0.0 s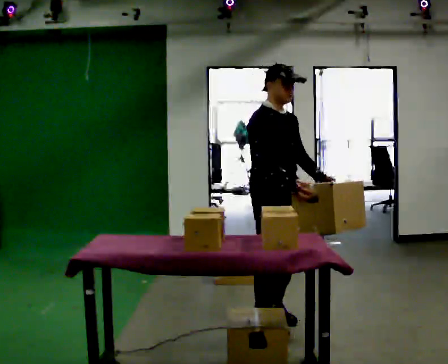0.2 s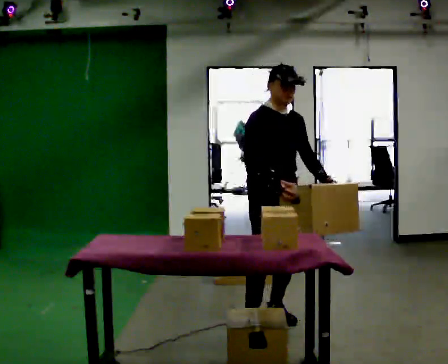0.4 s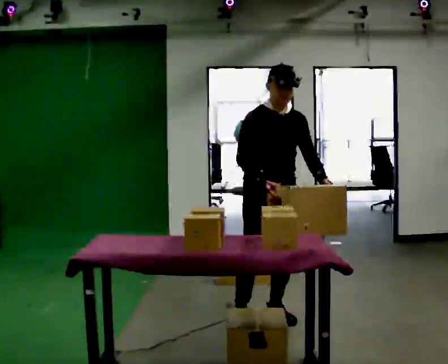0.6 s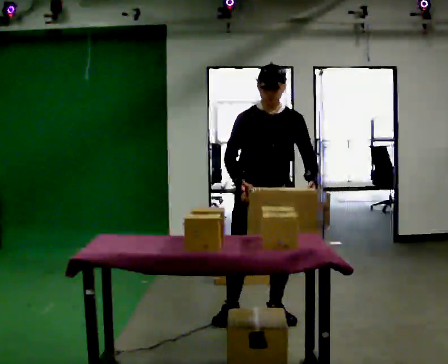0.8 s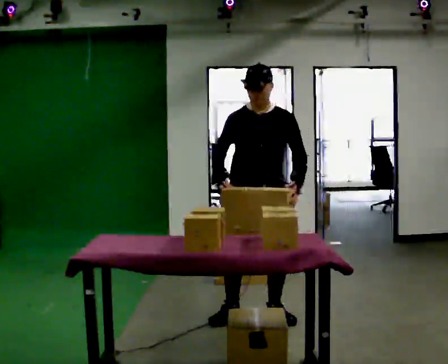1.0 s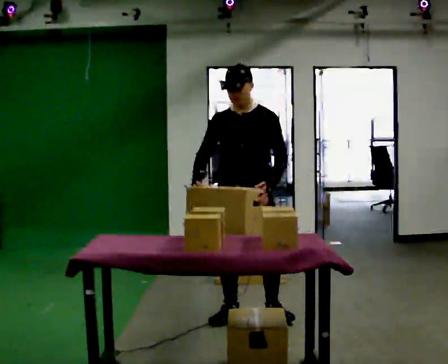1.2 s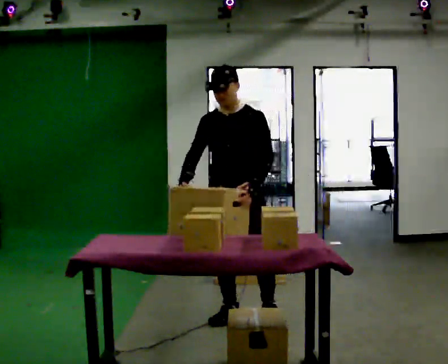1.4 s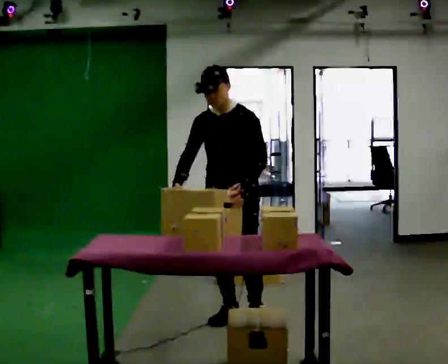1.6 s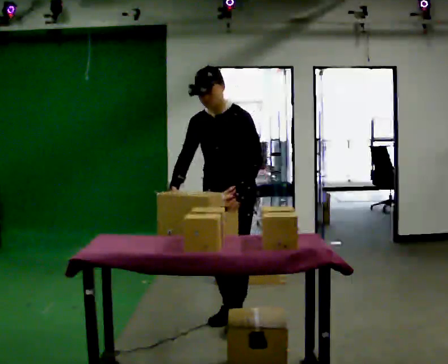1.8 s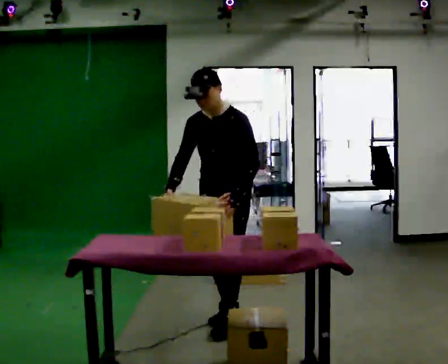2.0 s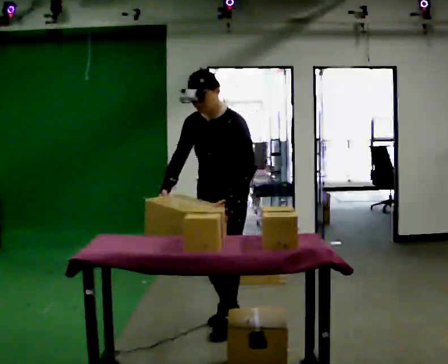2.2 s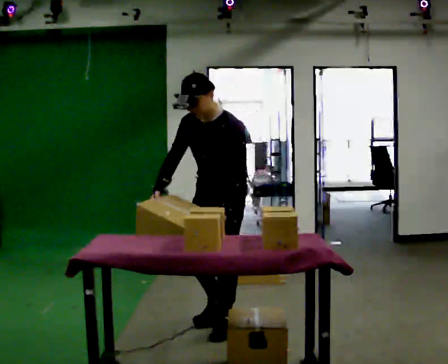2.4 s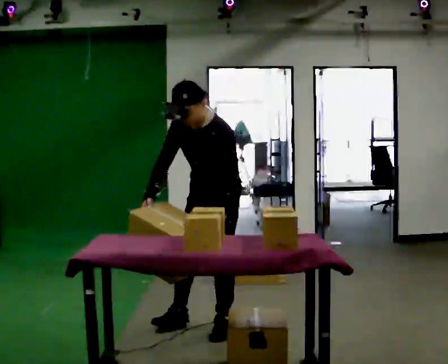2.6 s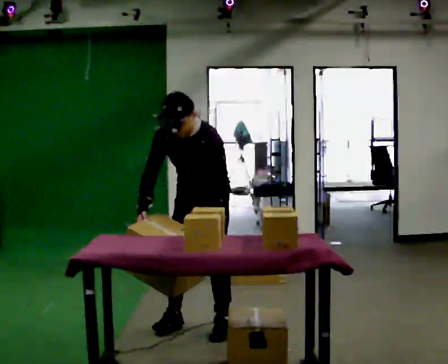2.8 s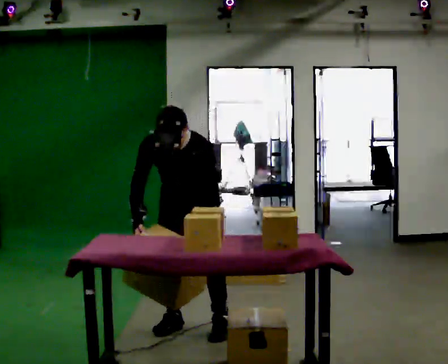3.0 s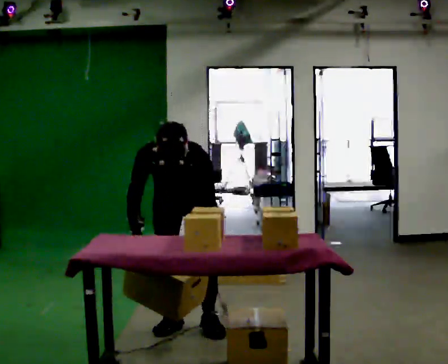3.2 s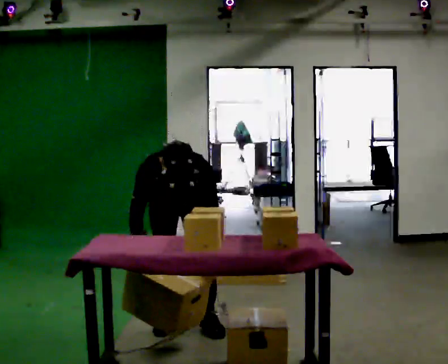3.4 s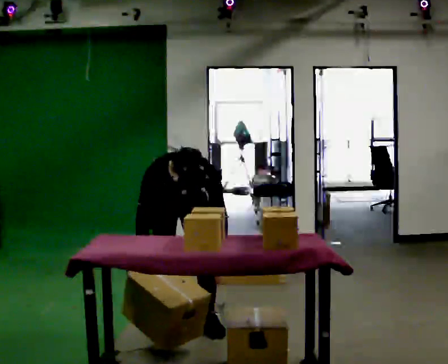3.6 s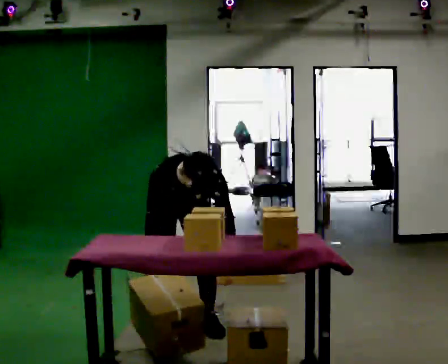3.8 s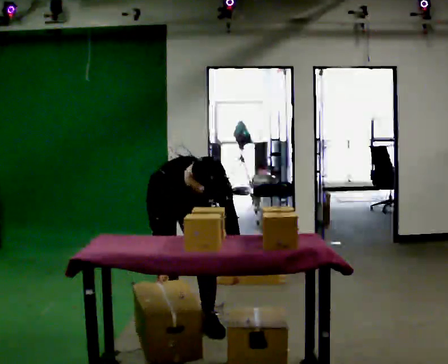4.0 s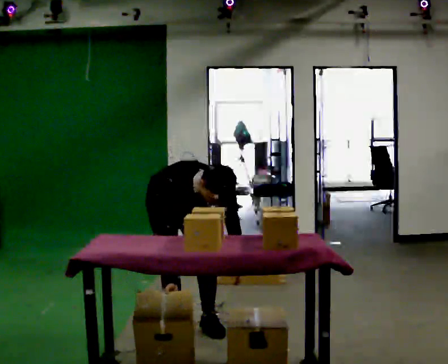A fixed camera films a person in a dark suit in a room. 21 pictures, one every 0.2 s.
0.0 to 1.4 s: The part of the body nearest the lens slides to the left as the person turns to their right by about 75 degrees. In the picture they go to the left, about 0.25 m in 1 step.
1.4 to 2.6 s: In the picture they go to the left, about 0.25 m in 2 steps, which for them is forward. The upper body tips toward the camera, its near side rolling downward, as they bend forward.
2.6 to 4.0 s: The part of the body nearest the lens slides to the right as the person turns to their left by about 60 degrees. In the picture they go to the left, about 0.25 m, which for them is to their right. The upper body goes downward. In the picture the upper body tilts clockwise, shoulders to the right, as they bend forward.
The film runs forward here.
